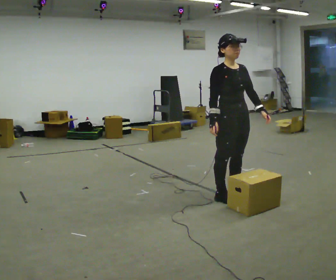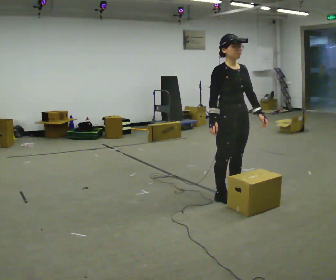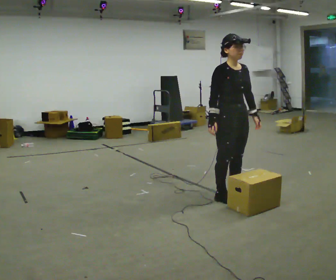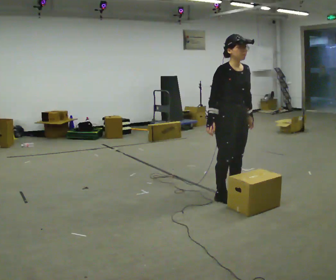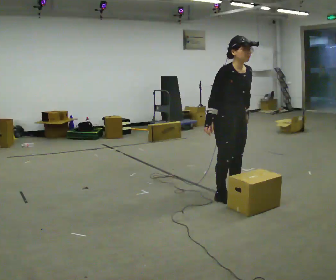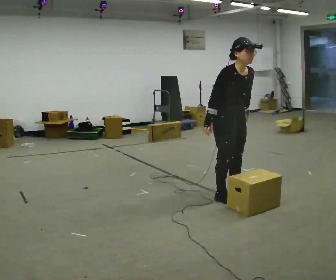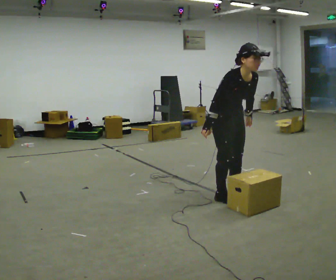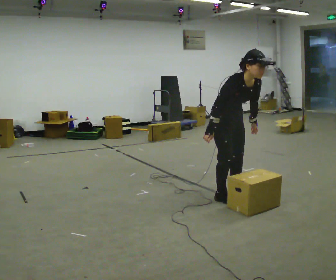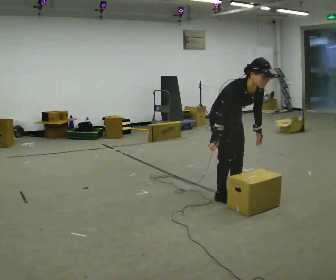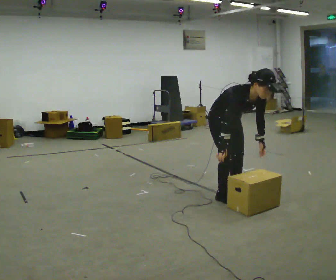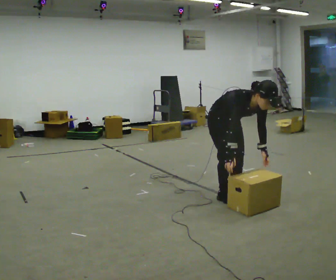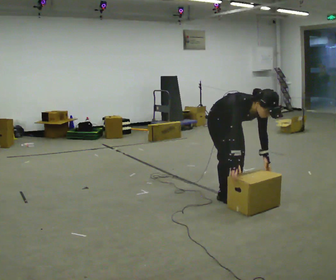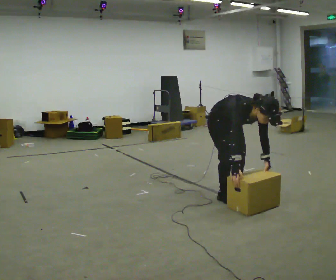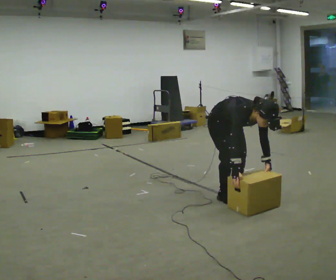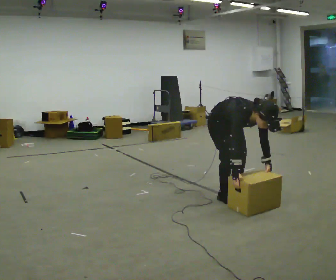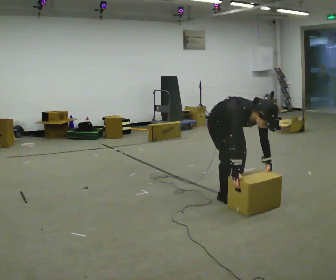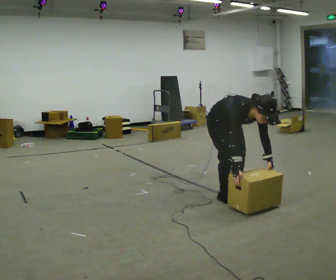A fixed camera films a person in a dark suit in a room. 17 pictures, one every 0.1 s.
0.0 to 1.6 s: The upper body goes downward. In the picture the upper body tilts clockwise, shoulders to the right, as they bend forward. In the picture their left hand goes downward.
The film runs backward here.
